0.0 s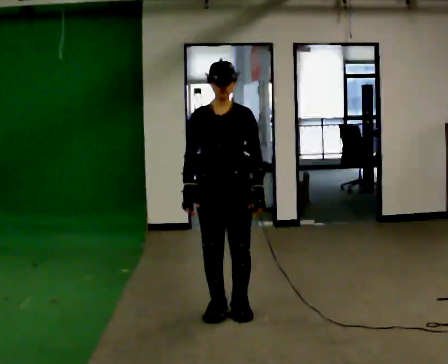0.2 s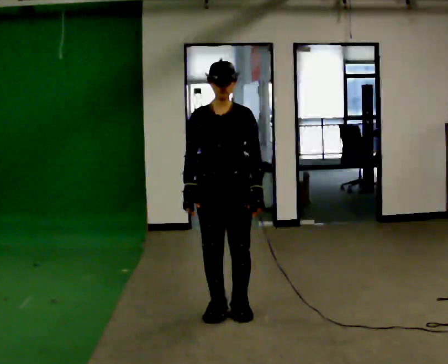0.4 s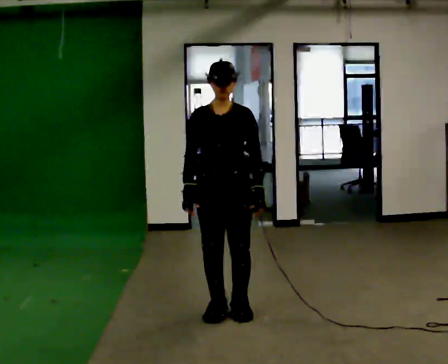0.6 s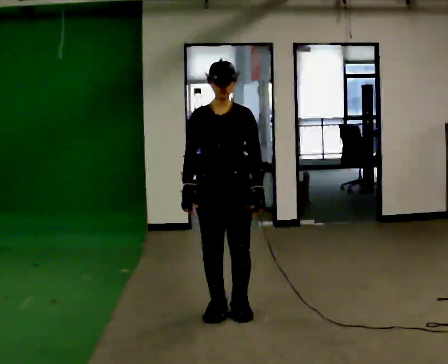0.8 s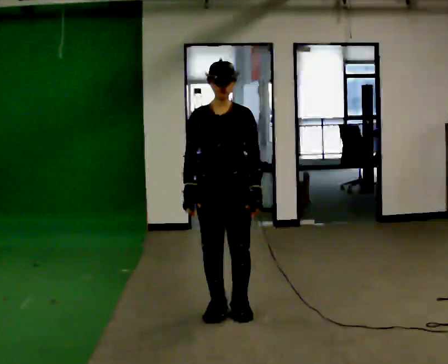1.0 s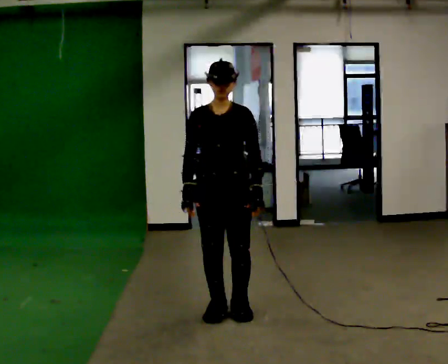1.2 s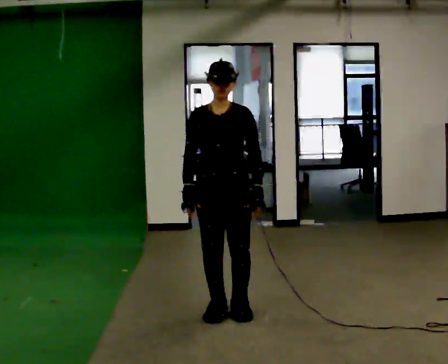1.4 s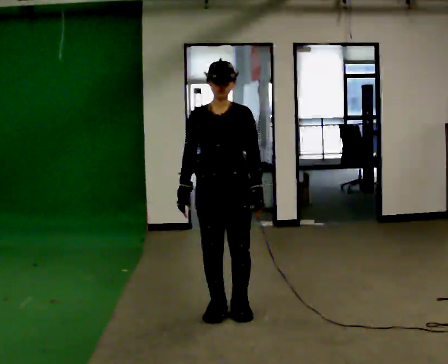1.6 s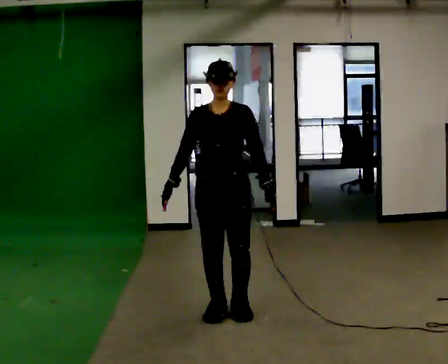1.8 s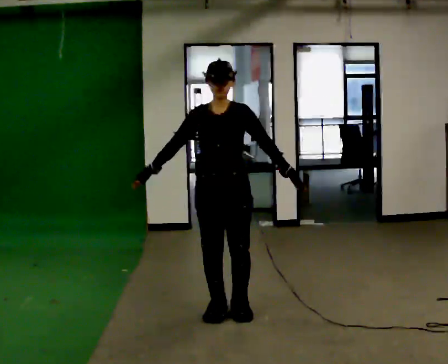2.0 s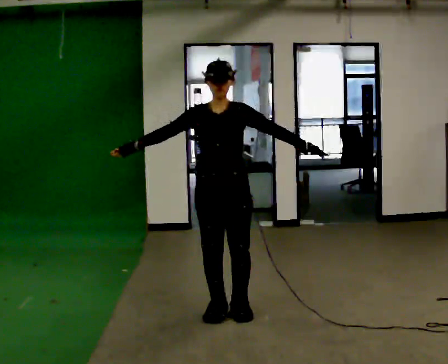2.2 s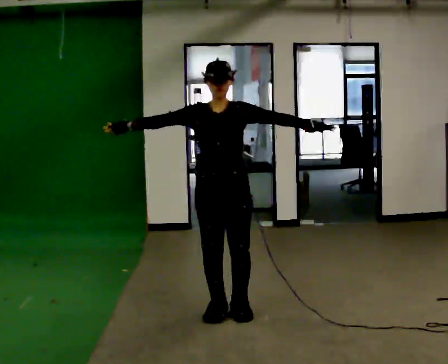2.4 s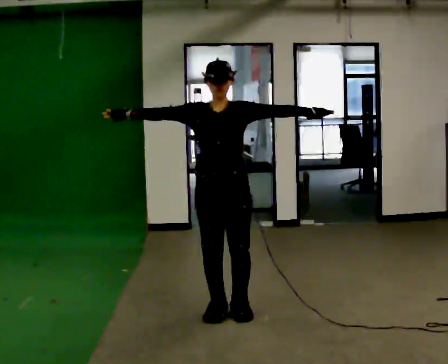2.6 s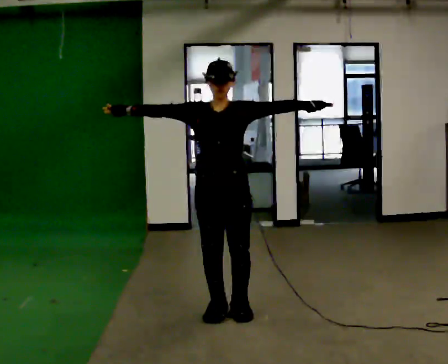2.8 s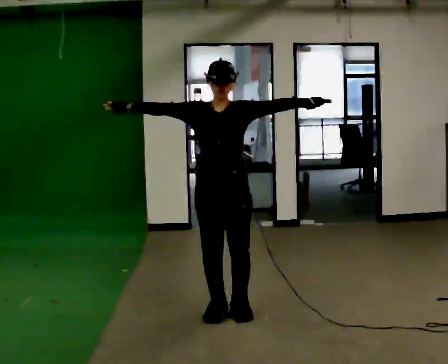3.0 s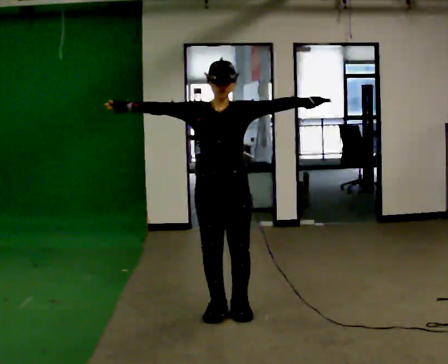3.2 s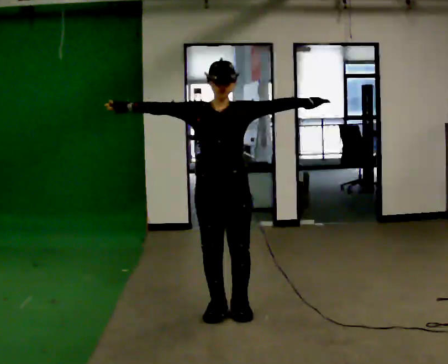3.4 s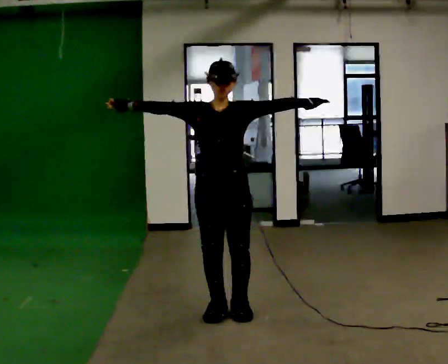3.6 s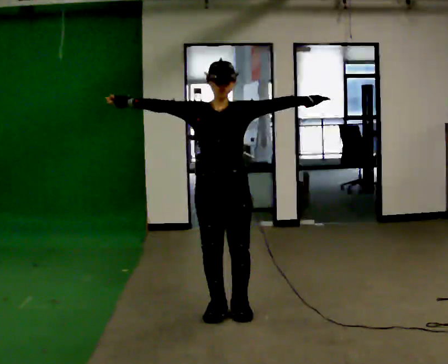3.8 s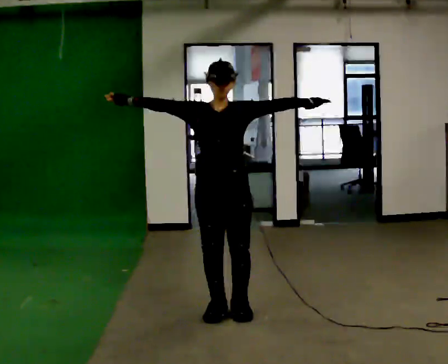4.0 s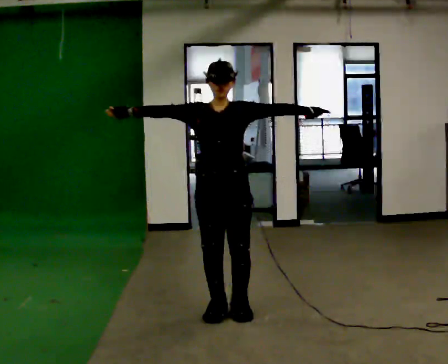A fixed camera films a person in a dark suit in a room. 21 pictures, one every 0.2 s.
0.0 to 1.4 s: The person moves a little, or ends about where they began.
1.4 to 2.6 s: In the picture their left hand goes upward and to the right, the arm swinging counterclockwise.
2.6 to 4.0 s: The person moves a little, or ends about where they began.
The film runs backward here.
